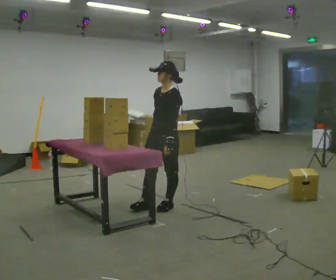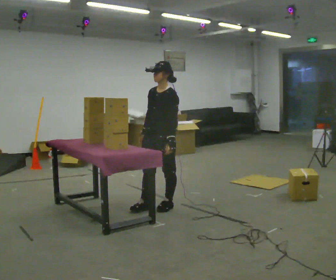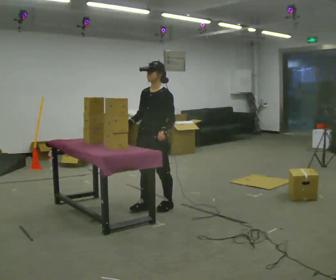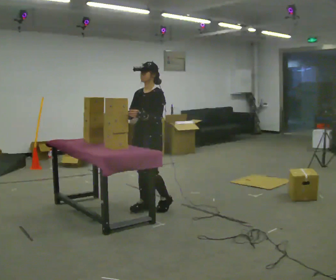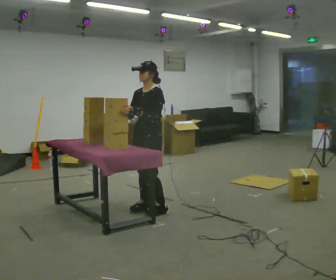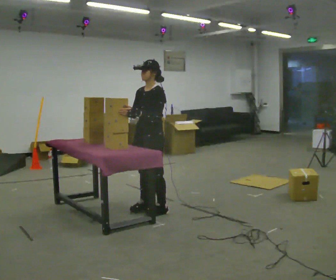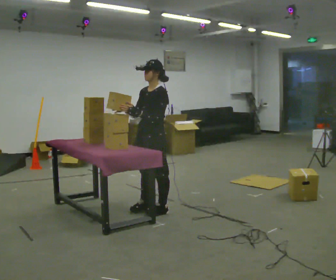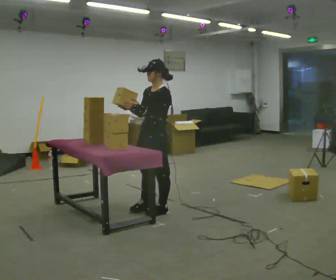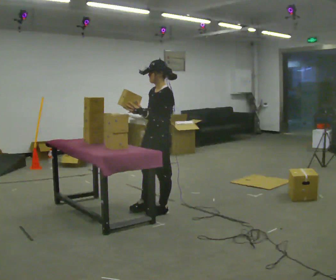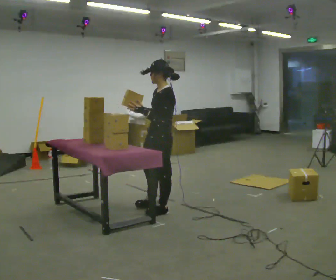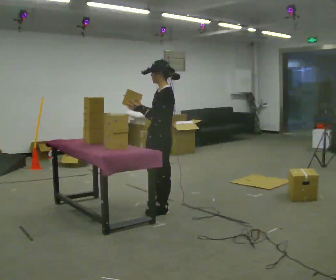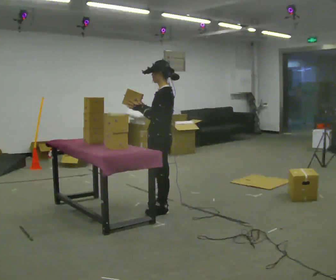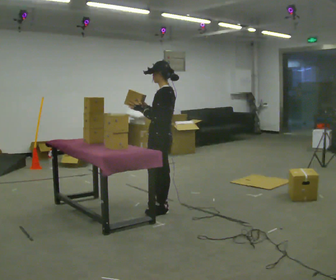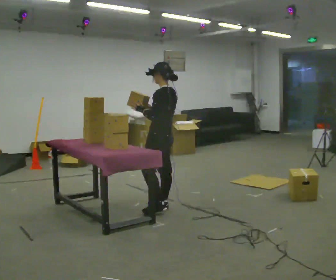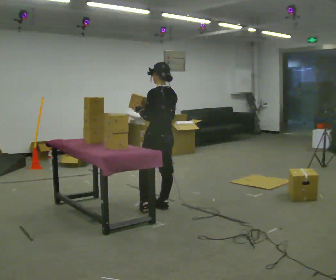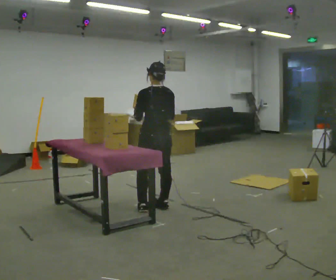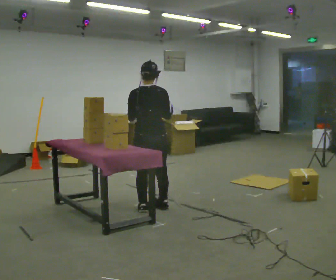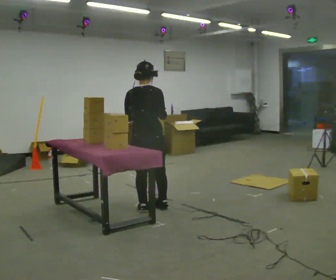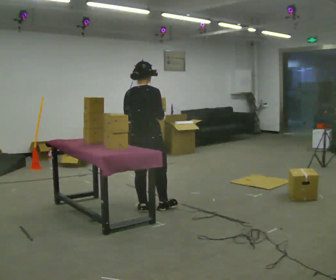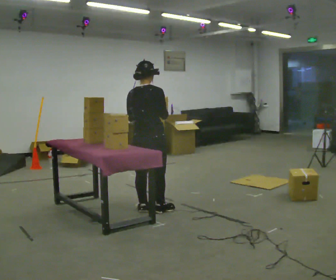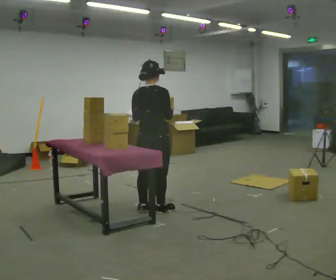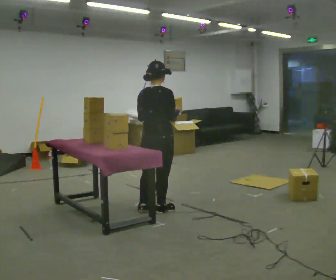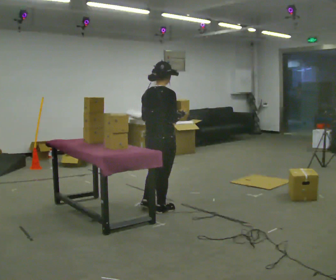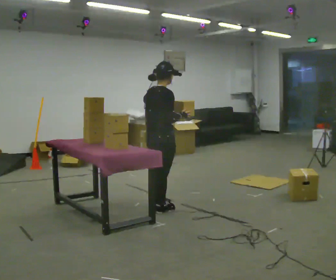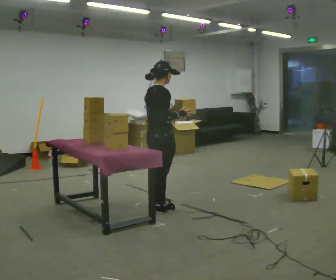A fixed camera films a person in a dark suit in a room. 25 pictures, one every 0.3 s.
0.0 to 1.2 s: In the picture they go to the left, about 0.25 m in 1 step, which for them is forward. In the picture their right hand goes to the left.
1.2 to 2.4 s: Seen from above the body turns clockwise, about 30 degrees: to their right, with its near side sliding to the left.
2.4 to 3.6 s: Seen from above the body turns clockwise, about 30 degrees: to their right, with its near side sliding to the left.
3.6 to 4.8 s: Seen from above the body turns clockwise, about 75 degrees: to their right, with its near side sliding to the left.
4.8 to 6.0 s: The part of the body nearest the lens slides to the left as the person turns to their right by about 30 degrees.
6.0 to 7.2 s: The person turns about 45 degrees to their right, clockwise seen from above, so the part of the body nearest the lens slides to the left.
The film runs forward here.
